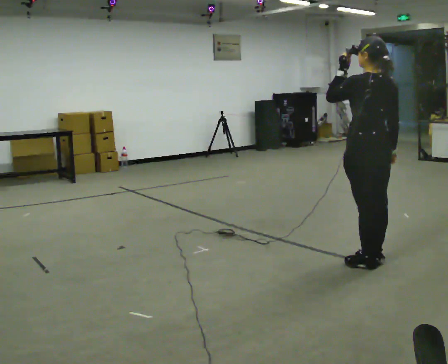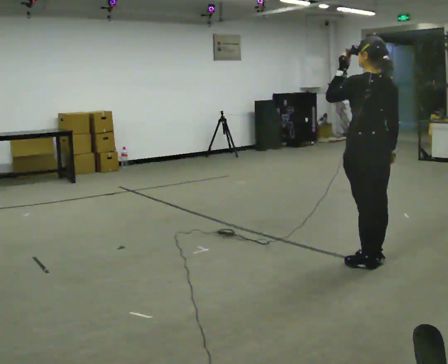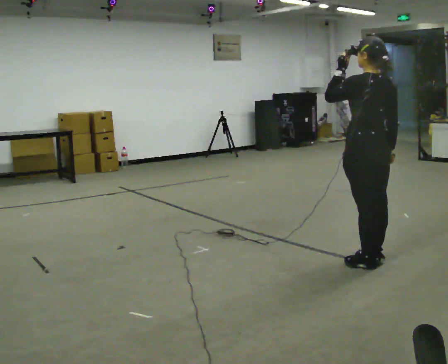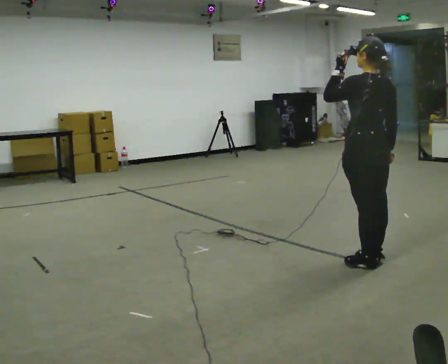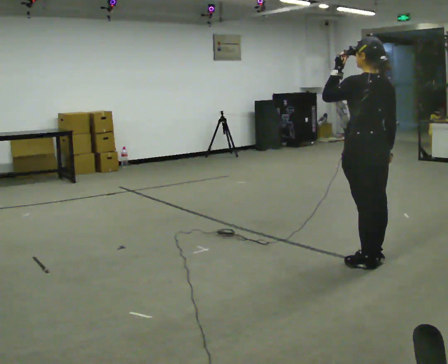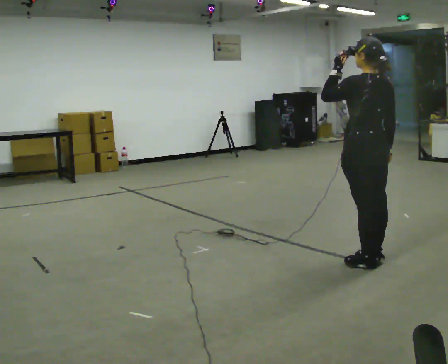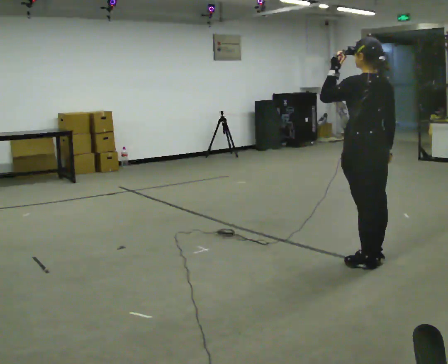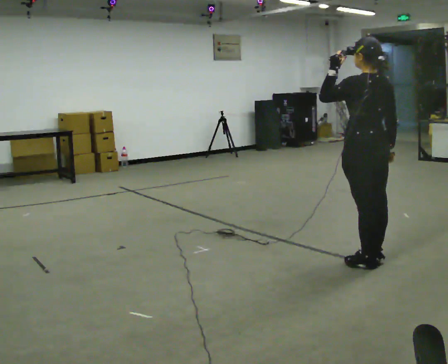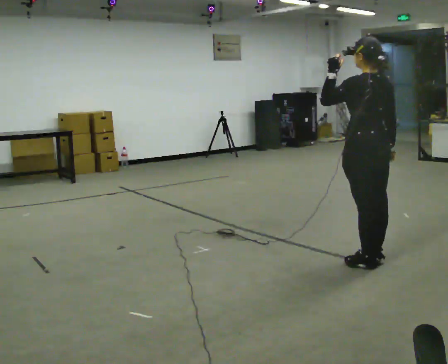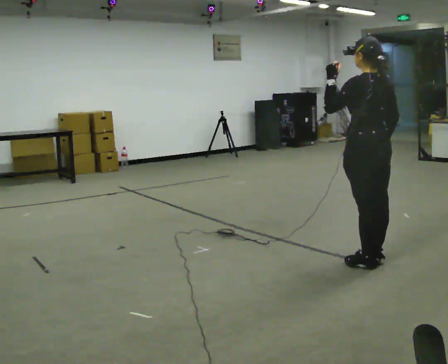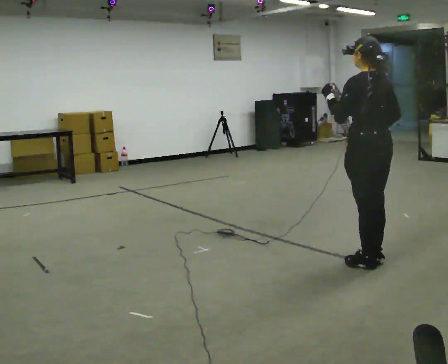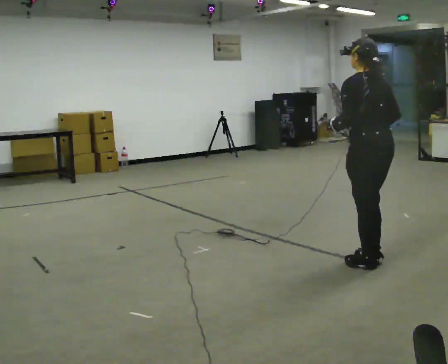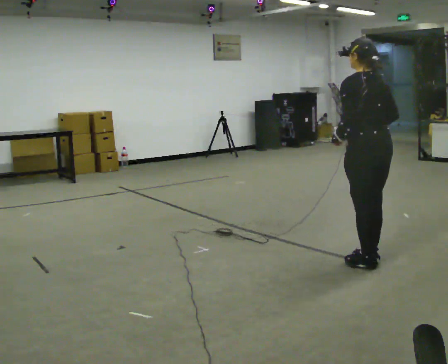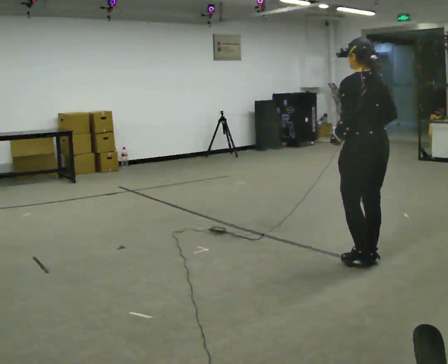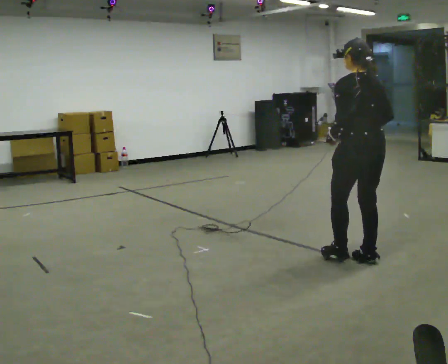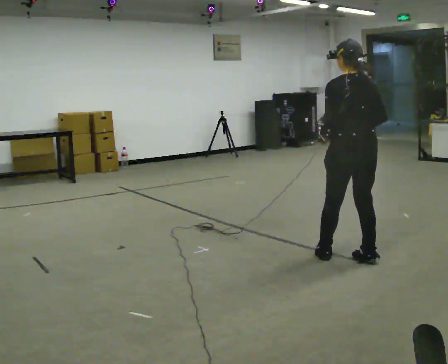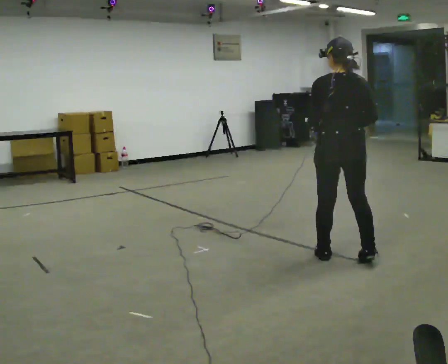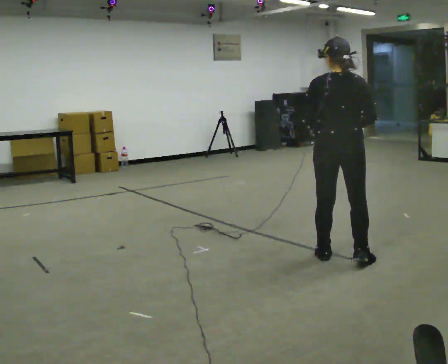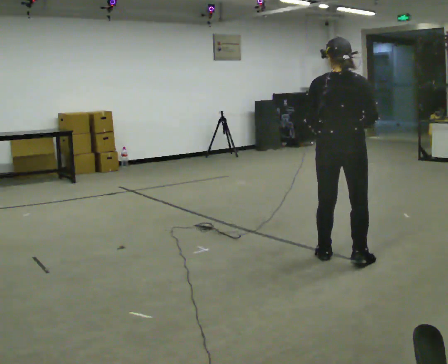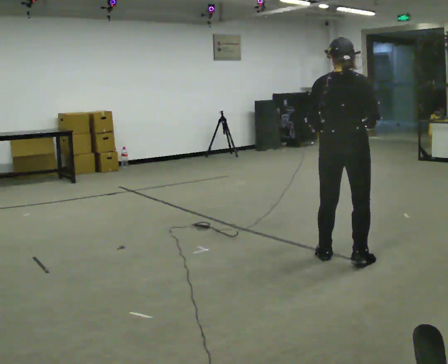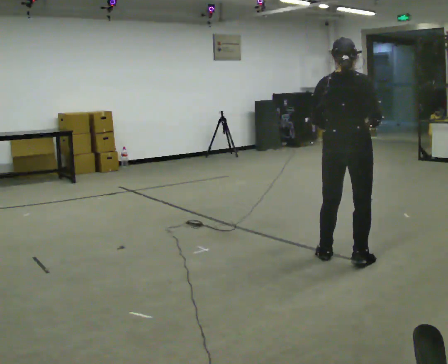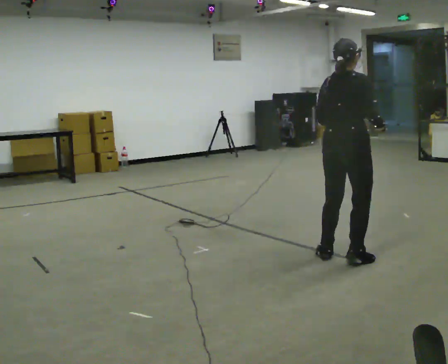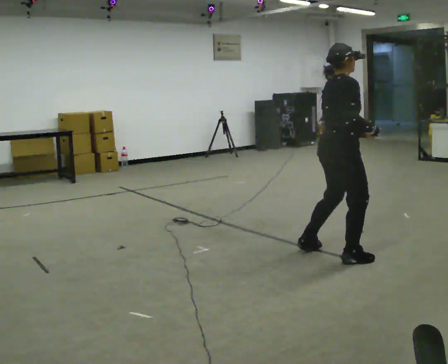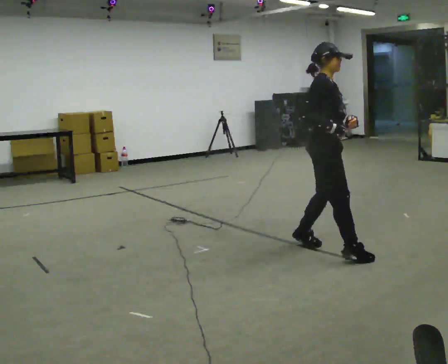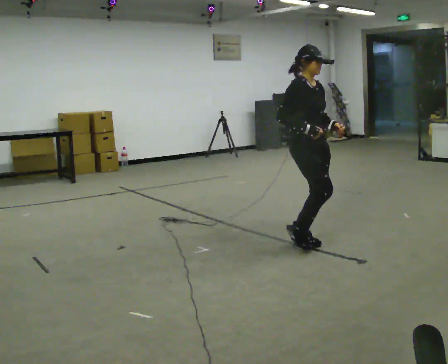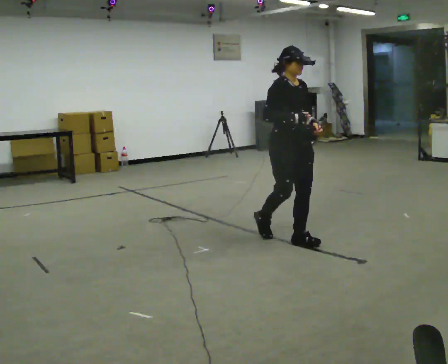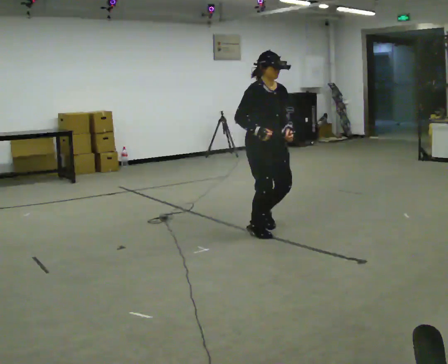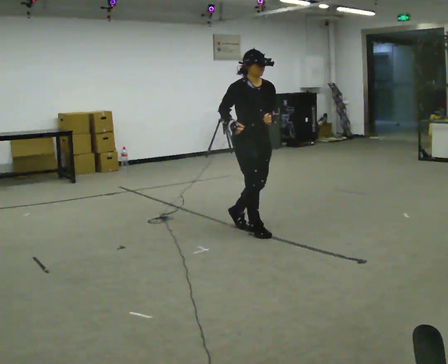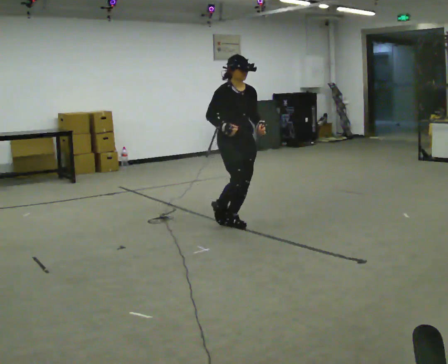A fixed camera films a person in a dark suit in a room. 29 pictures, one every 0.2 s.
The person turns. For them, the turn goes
to their right.
The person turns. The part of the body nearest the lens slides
to the left.
0.0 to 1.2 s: The person moves a little, or ends about where they began.
1.2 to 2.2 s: In the picture their left hand goes downward.
2.2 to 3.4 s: Seen from above the body turns clockwise, about 30 degrees: to their right, with its near side sliding to the left. In the picture they go to the left, about 0.25 m in 1 step, which for them is forward and to their left.
3.4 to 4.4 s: Seen from above the body turns clockwise, about 60 degrees: to their right, with its near side sliding to the left. In the picture their left hand goes to the right, the arm swinging counterclockwise.
4.4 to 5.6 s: The person turns about 75 degrees to their right, clockwise seen from above, so the part of the body nearest the lens slides to the left. In the picture they go to the left and away from the camera, about 1 m in 3 steps.
The film runs backward here.
